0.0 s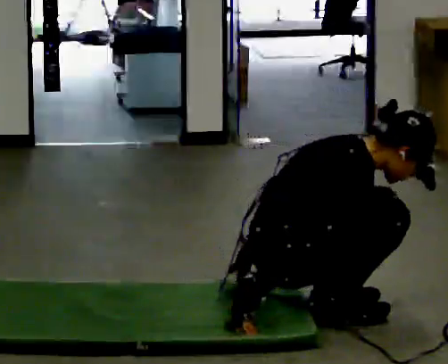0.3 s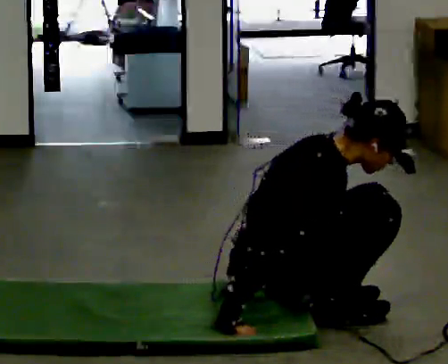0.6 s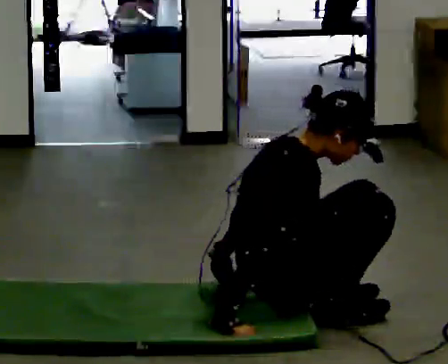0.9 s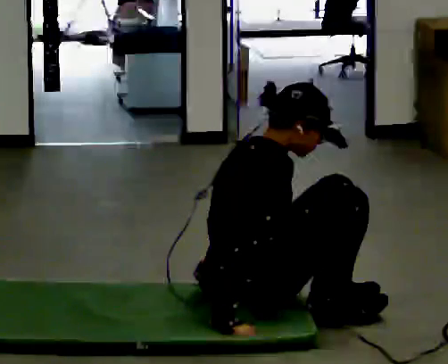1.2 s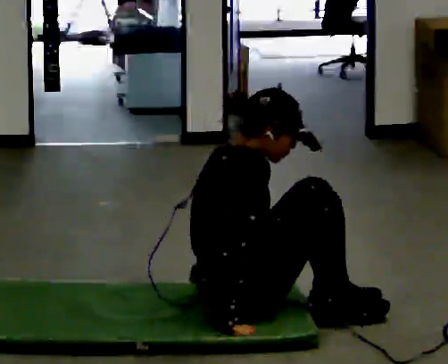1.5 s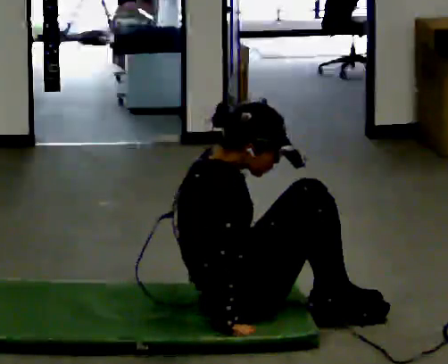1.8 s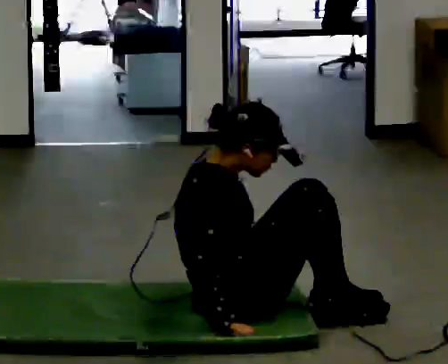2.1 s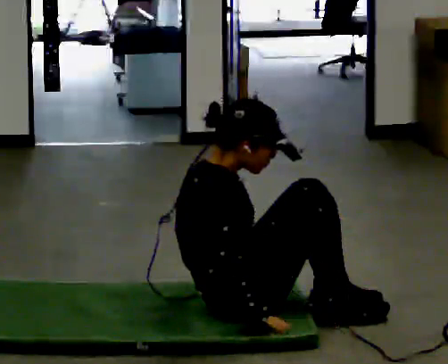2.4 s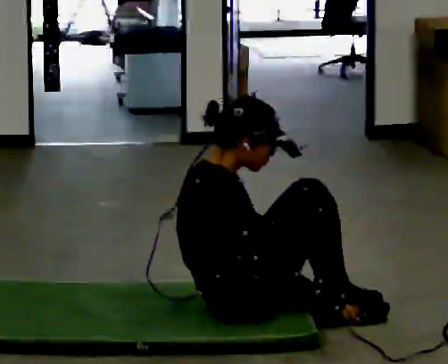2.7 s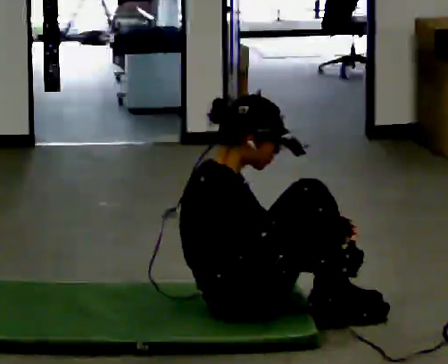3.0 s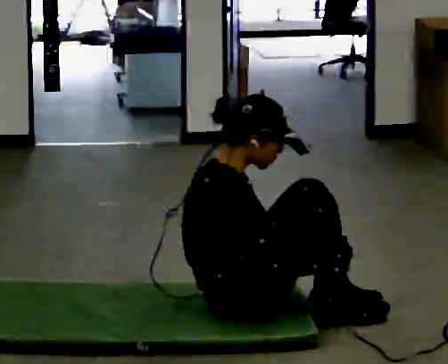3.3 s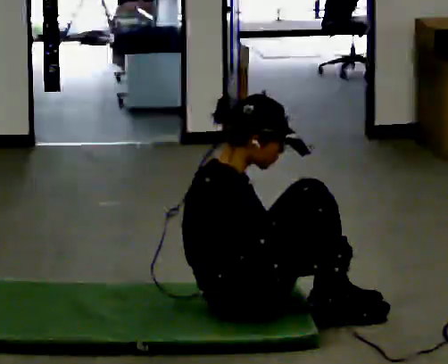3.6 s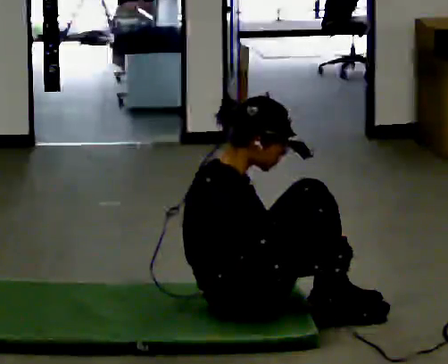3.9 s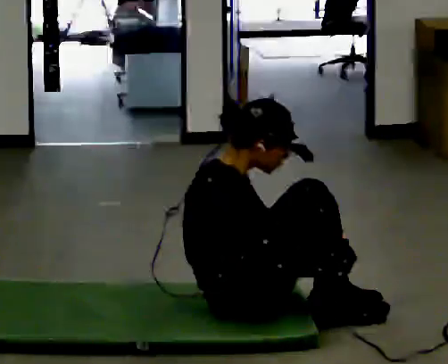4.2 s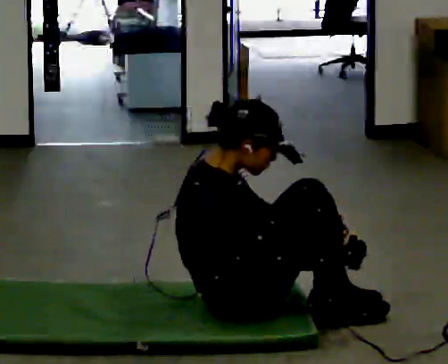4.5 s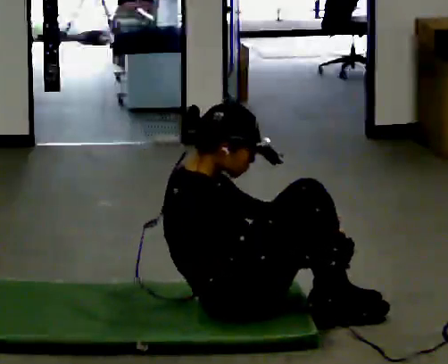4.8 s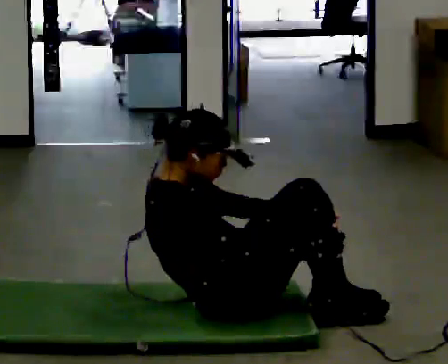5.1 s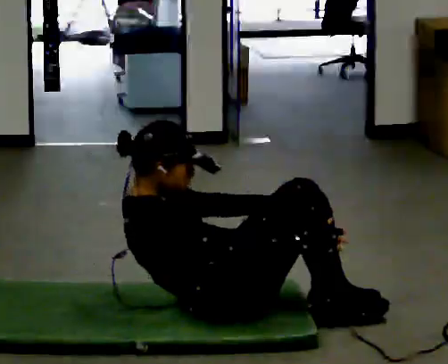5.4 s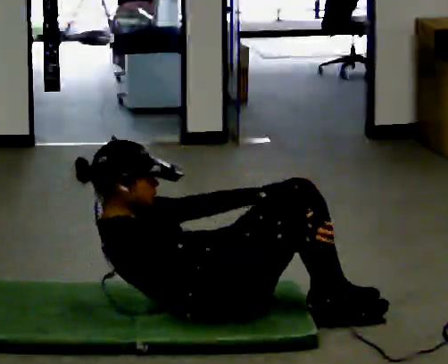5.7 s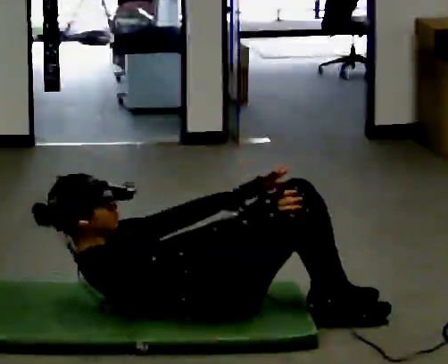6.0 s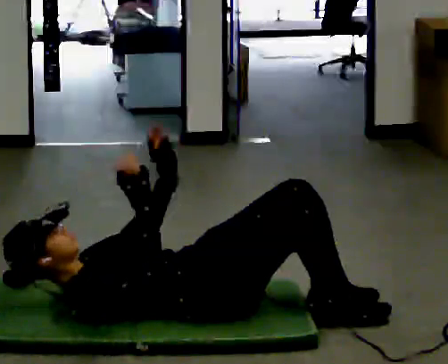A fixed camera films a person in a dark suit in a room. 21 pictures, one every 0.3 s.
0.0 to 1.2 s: In the picture the upper body tilts counterclockwise, shoulders to the left, as they lean back or straighten.
1.2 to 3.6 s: In the picture their left hand goes to the right, the arm swinging counterclockwise.
3.6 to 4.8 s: In the picture the upper body tilts counterclockwise, shoulders to the left, as they lean back or straighten.
4.8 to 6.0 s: The upper body goes downward. In the picture the upper body tilts counterclockwise, shoulders to the left, as they lean back or straighten. In the picture their right hand goes to the left, the arm swinging counterclockwise.
The film runs backward here.
